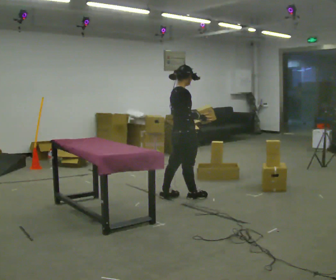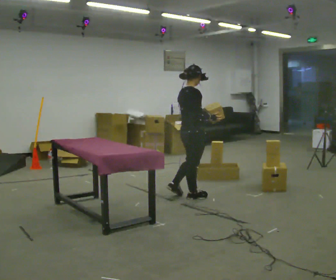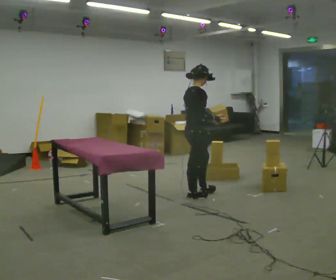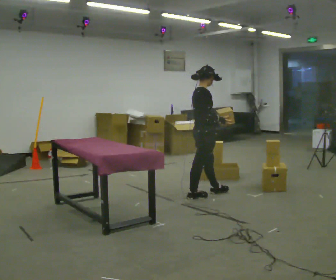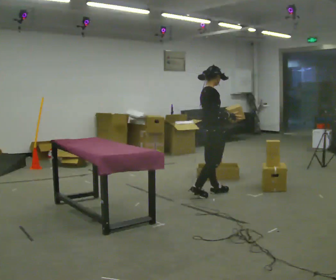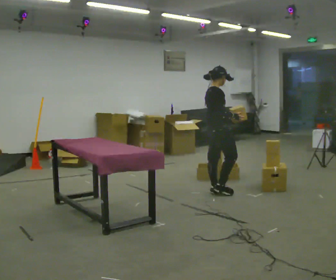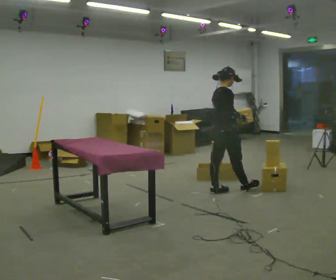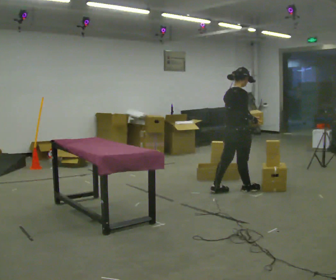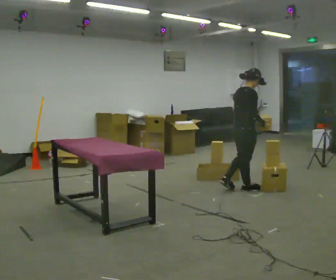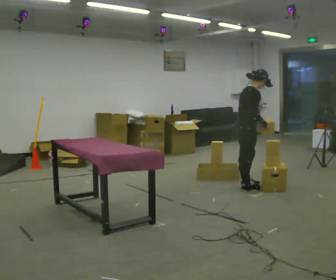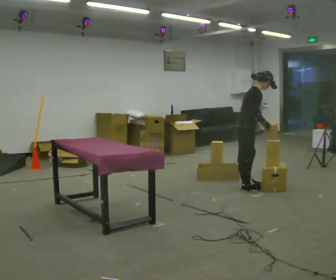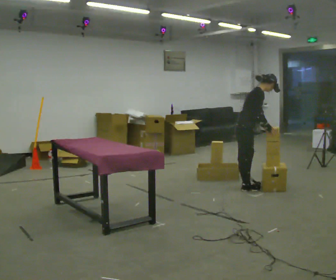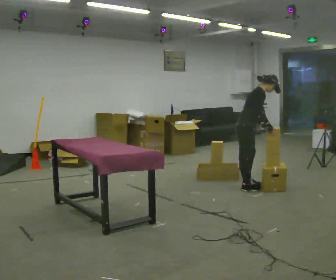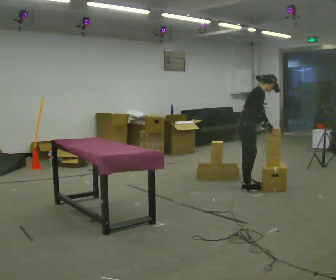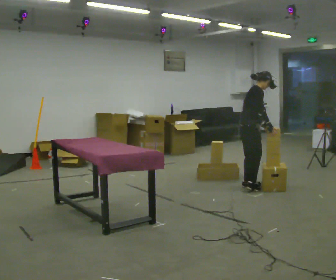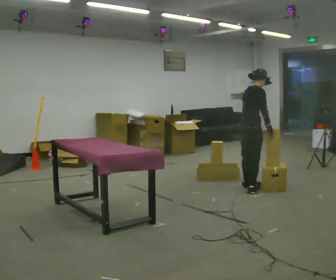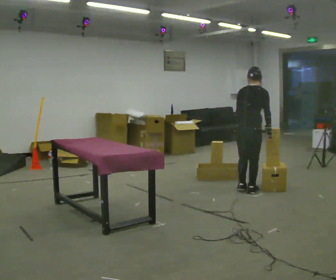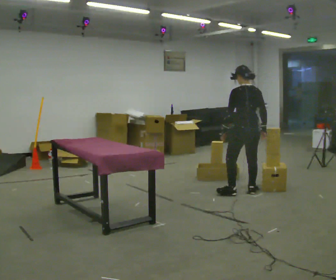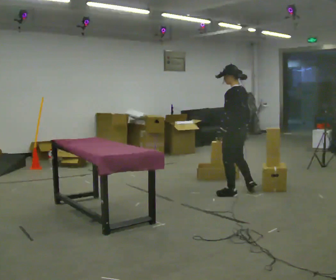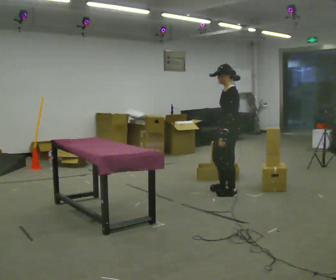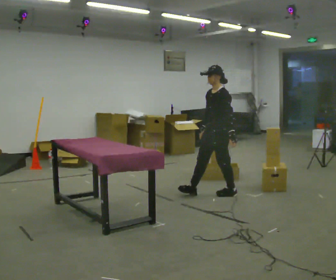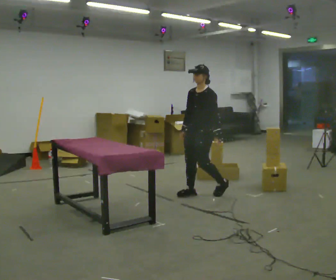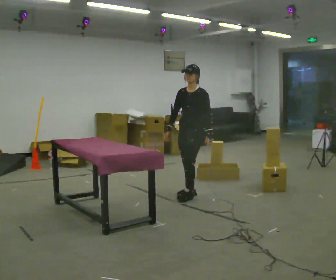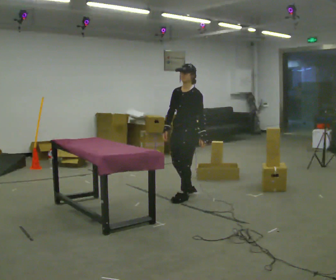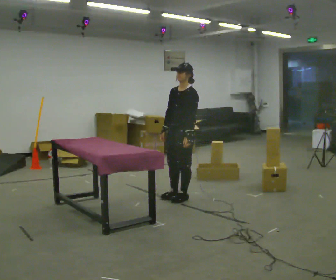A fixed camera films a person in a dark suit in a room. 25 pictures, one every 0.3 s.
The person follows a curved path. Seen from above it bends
clockwise.
0.0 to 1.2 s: In the picture they go to the right and away from the camera, about 0.5 m in 1 step, which for them is forward.
1.2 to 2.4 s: In the picture they go to the right, about 0.5 m in 1 step, which for them is forward.
2.4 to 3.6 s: The person turns about 30 degrees to their right, clockwise seen from above, so the part of the body nearest the lens slides to the left. In the picture they go away from the camera, about 0.25 m in 1 step, which for them is to their left. In the picture the upper body tilts clockwise, shoulders to the right, as they bend forward.
3.6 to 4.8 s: Seen from above the body turns counterclockwise, about 75 degrees: to their left, with its near side sliding to the right. In the picture they go toward the camera, about 0.25 m. In the picture the upper body tilts counterclockwise, shoulders to the left, as they lean back or straighten.
4.8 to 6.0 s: The part of the body nearest the lens slides to the right as the person turns to their left by about 135 degrees. In the picture they go to the left, about 0.5 m in 2 steps.
6.0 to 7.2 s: In the picture they go to the left and toward the camera, about 0.5 m in 2 steps, which for them is forward and to their right.
The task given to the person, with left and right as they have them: 1. Take the objects out of the box on the table one at a time. 2. Put each one in the bin the operator has labelled for it. 3. Tell the operator when you are finished.
The film runs forward here.
